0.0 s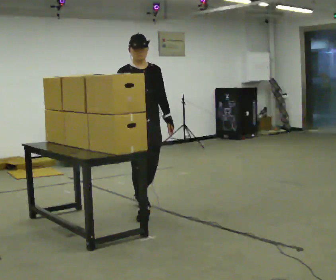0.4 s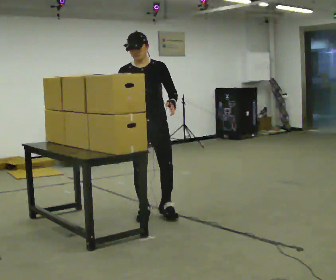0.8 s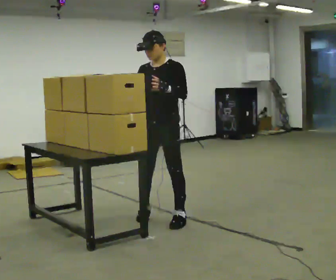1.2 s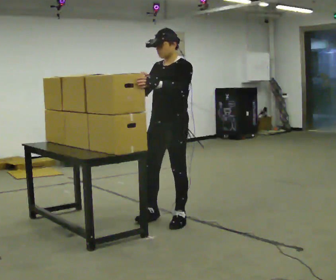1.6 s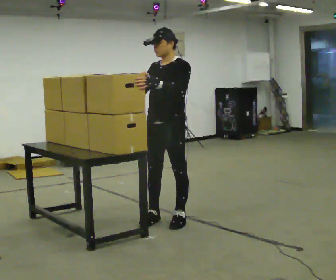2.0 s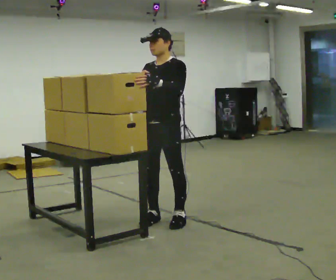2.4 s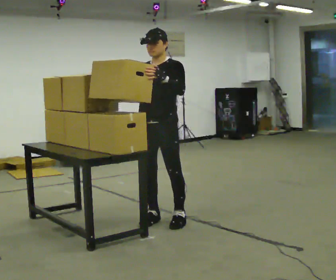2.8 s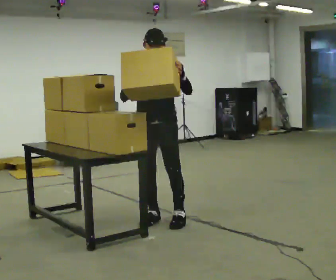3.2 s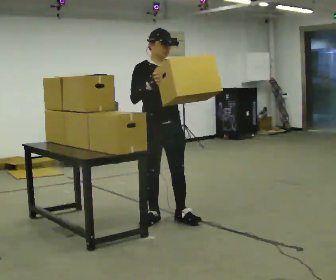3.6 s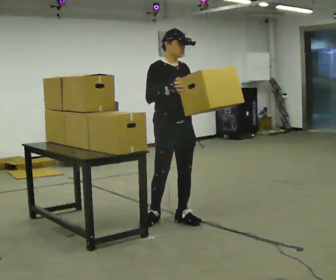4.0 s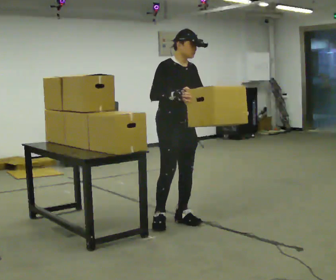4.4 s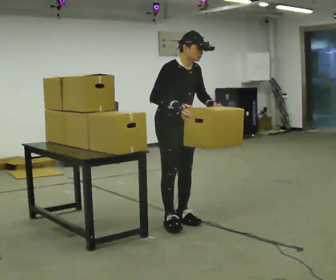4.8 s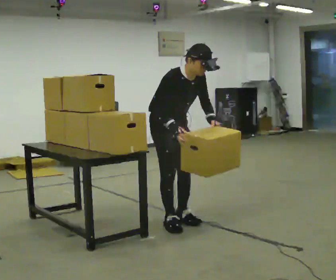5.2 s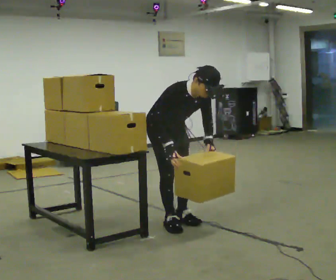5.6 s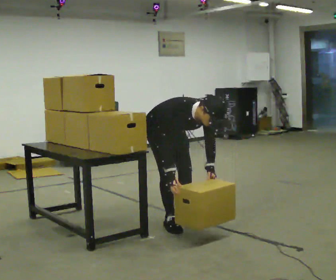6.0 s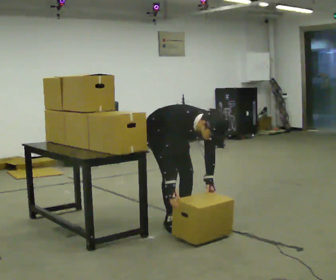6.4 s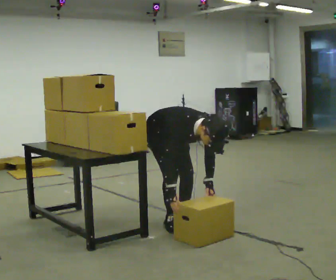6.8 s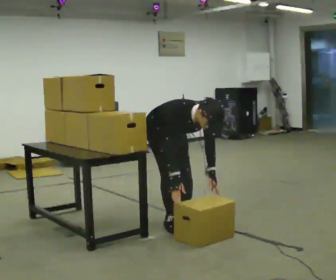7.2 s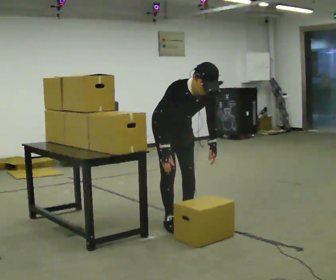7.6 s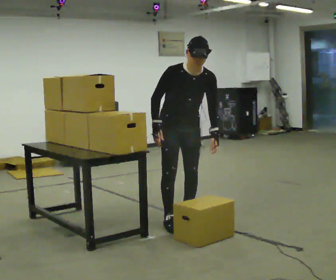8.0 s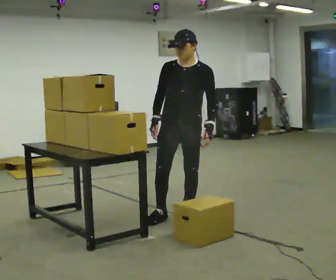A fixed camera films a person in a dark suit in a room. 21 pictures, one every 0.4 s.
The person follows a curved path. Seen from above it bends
counterclockwise.
0.0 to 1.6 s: Seen from above the body turns clockwise, about 60 degrees: to their right, with its near side sliding to the left. In the picture they go toward the camera and to the right, about 0.5 m in 2 steps. In the picture their left hand goes upward.
1.6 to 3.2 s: The person turns about 75 degrees to their left, counterclockwise seen from above, so the part of the body nearest the lens slides to the right. In the picture their left hand goes to the right.
3.2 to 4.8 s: The upper body tips toward the camera, its near side rolling downward, as they bend forward. In the picture their left hand goes downward.
4.8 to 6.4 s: The upper body goes downward. The upper body tips toward the camera, its near side rolling downward, as they bend forward. In the picture their left hand goes downward.
6.4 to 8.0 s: The part of the body nearest the lens slides to the left as the person turns to their right by about 60 degrees. In the picture they go to the right, about 0.25 m, which for them is to their left. The shoulders move upward. The upper body tips away from the camera, its near side rolling upward, as they lean back or straighten. In the picture their left hand goes upward.
The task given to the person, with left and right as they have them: Pick an object up off the floor at your feet and place it on the waist-height shelf in front of you. Repeat at your own pace until the operator says stop. Keep both feet on the marked spots for the whole take. If you have to step, stop and tell the operator.
The film runs forward here.
